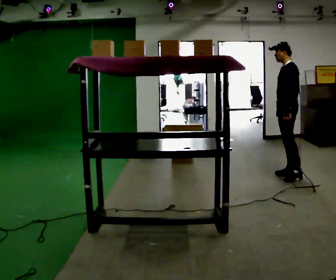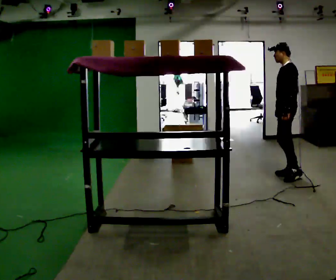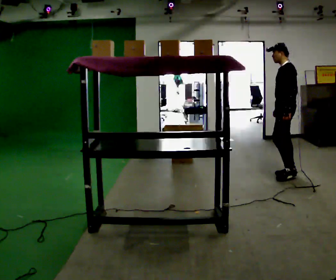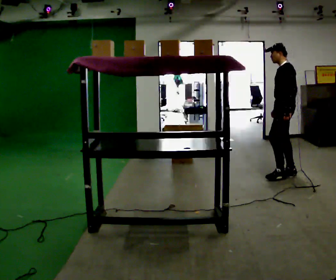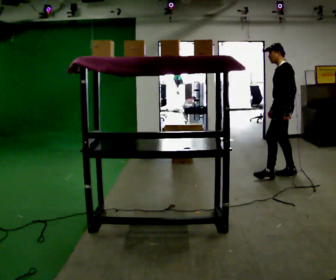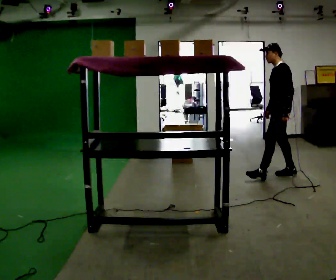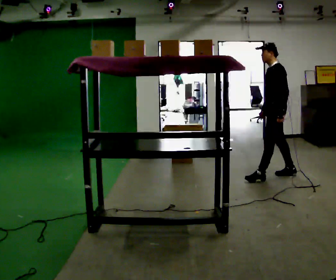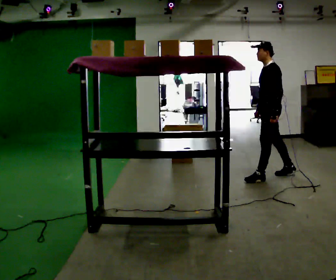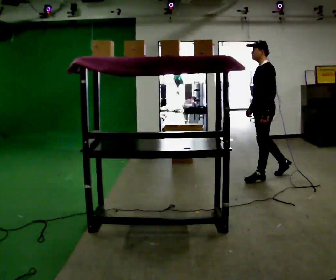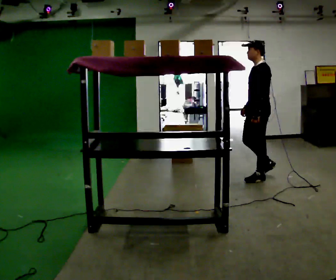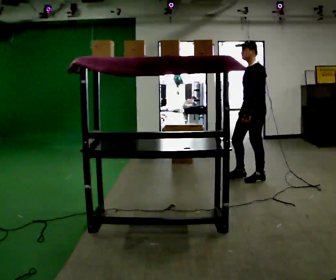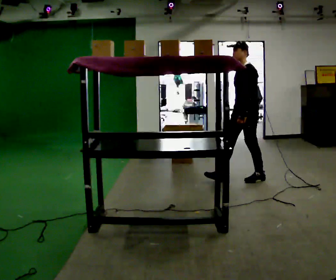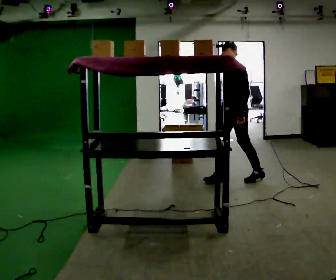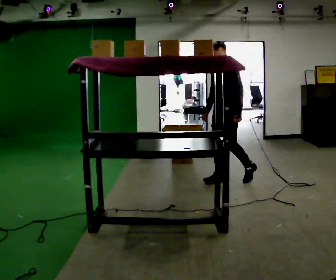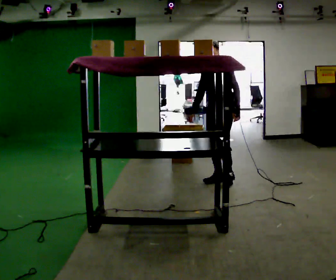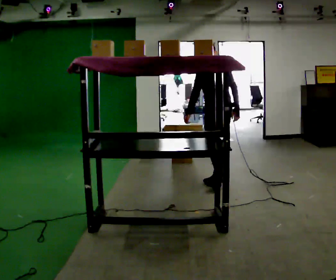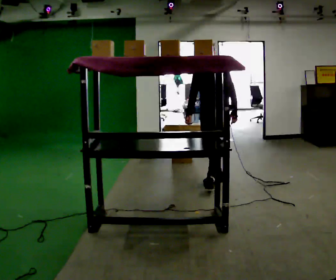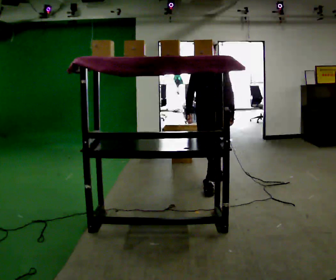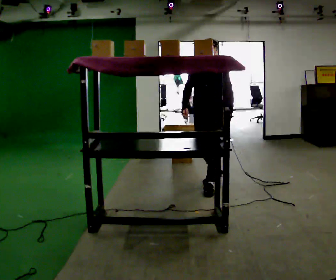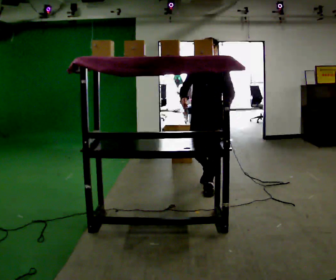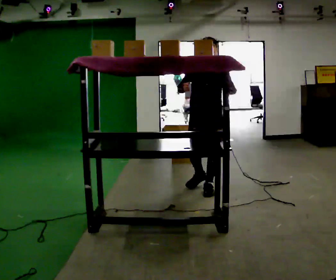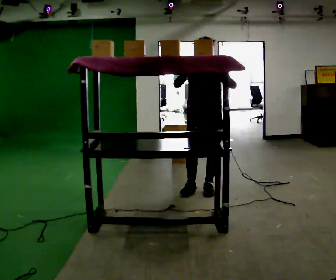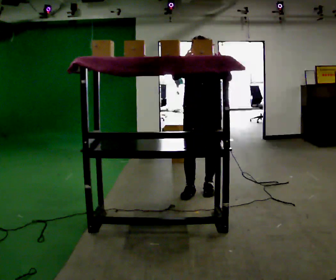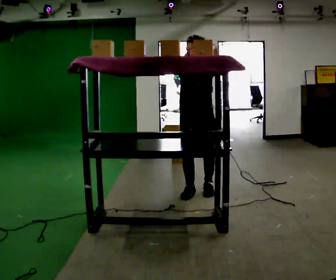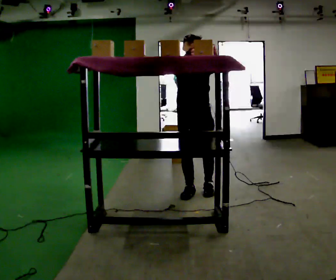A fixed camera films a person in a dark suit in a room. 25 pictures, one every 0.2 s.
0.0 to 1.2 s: In the picture they go to the left, about 0.25 m in 1 step, which for them is forward.
1.2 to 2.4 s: The person turns about 30 degrees to their left, counterclockwise seen from above, so the part of the body nearest the lens slides to the right. In the picture they go to the left, about 0.5 m in 1 step, which for them is forward.
2.4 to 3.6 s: The part of the body nearest the lens slides to the right as the person turns to their left by about 30 degrees. In the picture they go to the left and toward the camera, about 0.5 m in 1 step, which for them is forward.
3.6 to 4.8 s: Seen from above the body turns counterclockwise, about 30 degrees: to their left, with its near side sliding to the right. In the picture they go toward the camera and to the left, about 0.25 m in 1 step, which for them is forward and to their right. In the picture their right hand goes upward.
The film runs forward here.
